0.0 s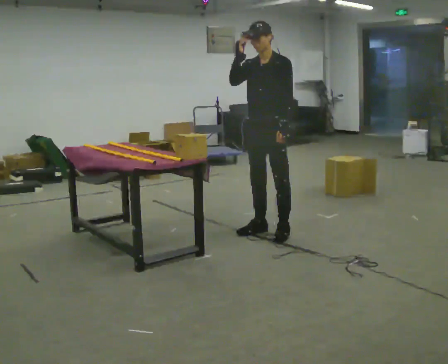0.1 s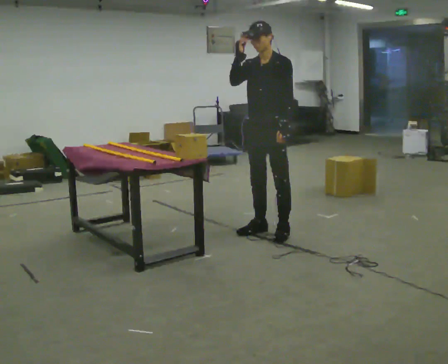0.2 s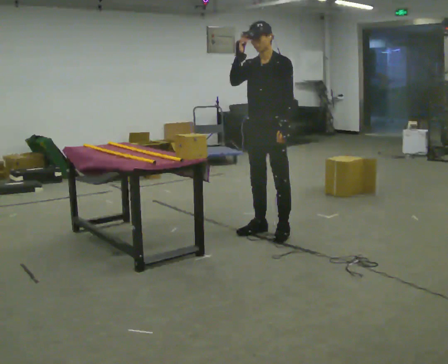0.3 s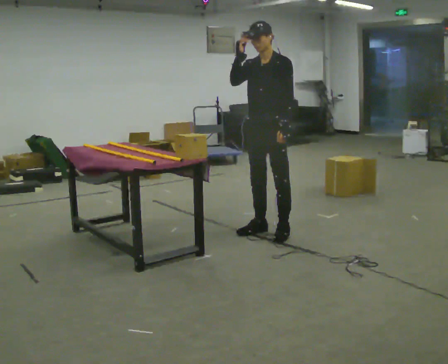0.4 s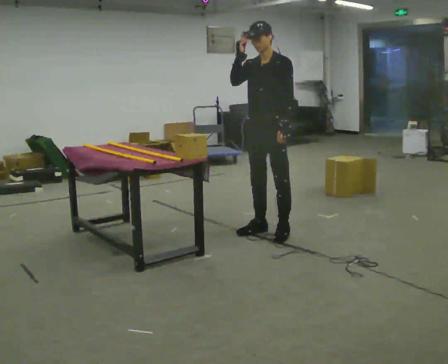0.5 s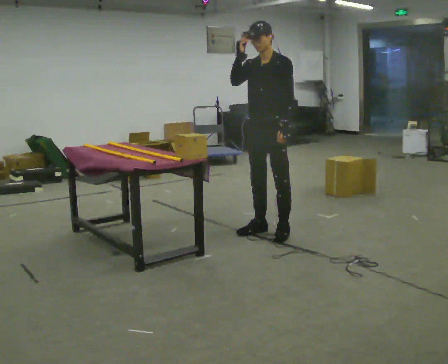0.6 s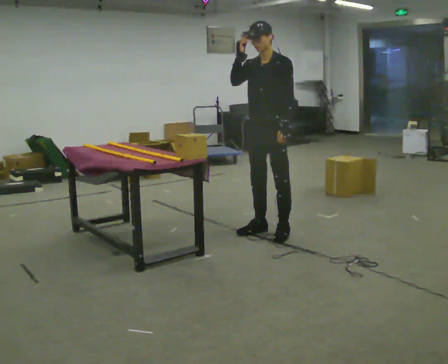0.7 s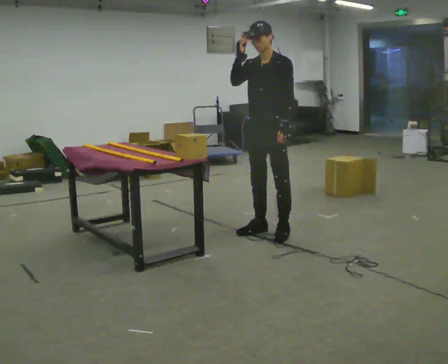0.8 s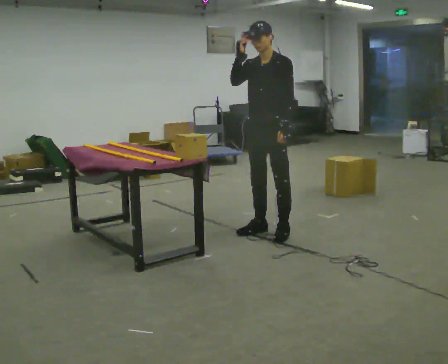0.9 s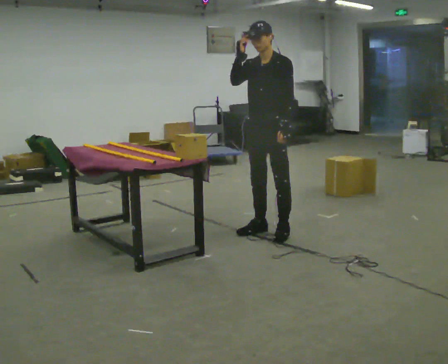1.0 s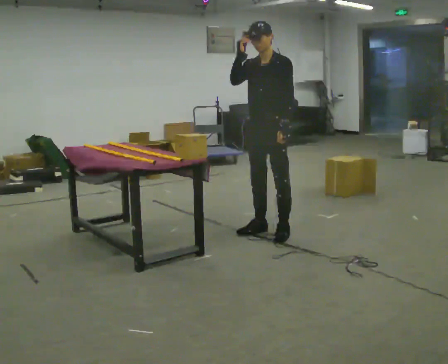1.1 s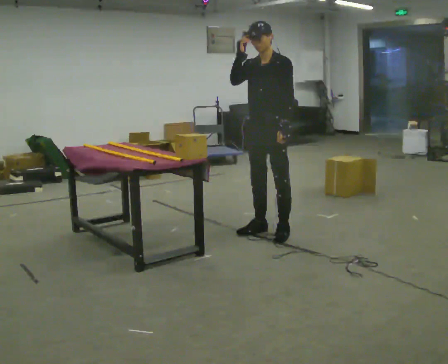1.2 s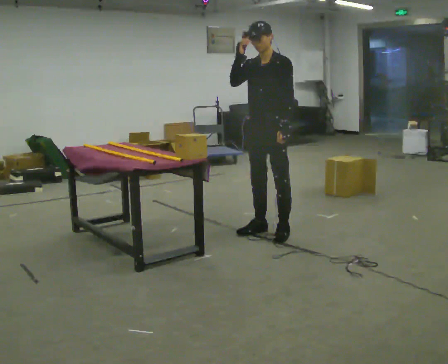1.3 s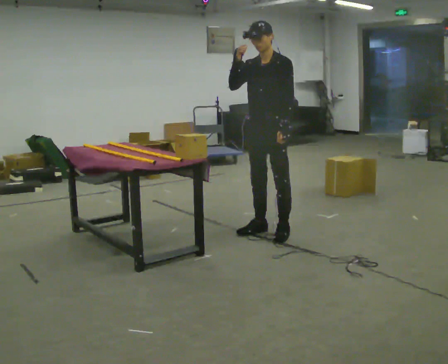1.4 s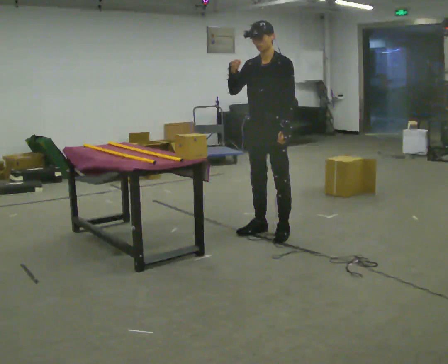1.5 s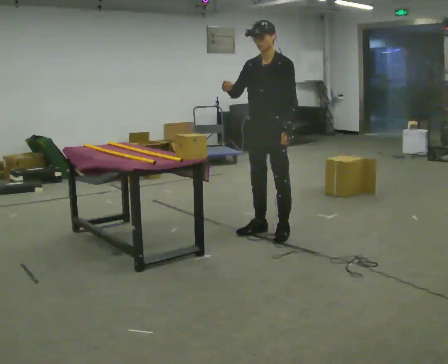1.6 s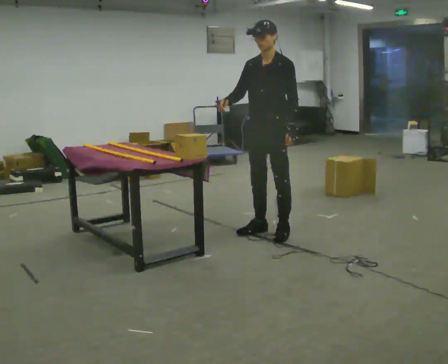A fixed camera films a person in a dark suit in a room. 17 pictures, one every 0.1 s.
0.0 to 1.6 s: In the picture their right hand goes downward.
The film runs forward here.
